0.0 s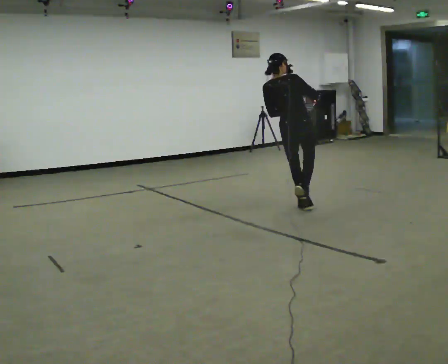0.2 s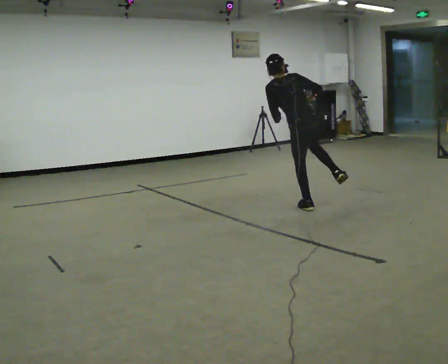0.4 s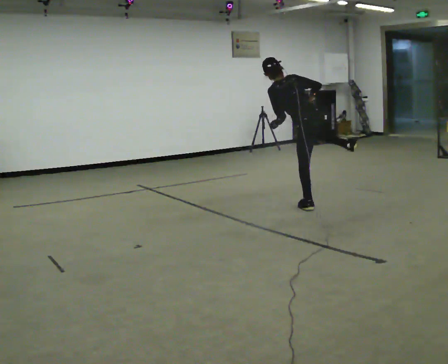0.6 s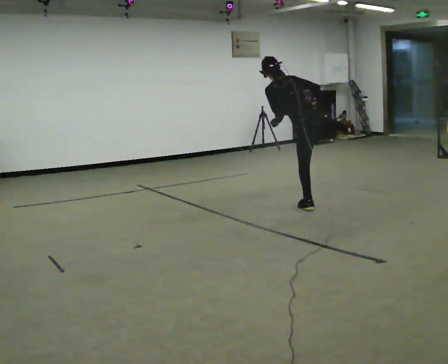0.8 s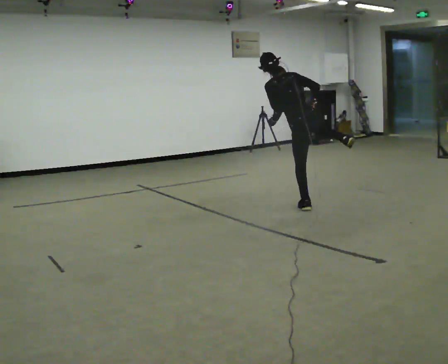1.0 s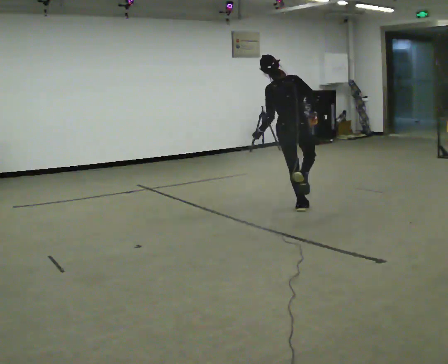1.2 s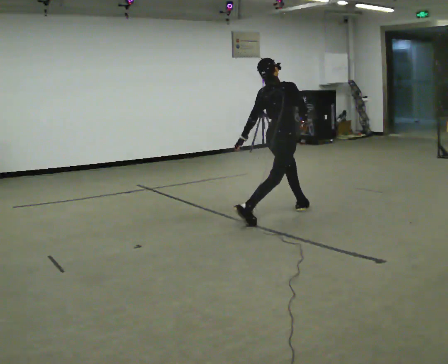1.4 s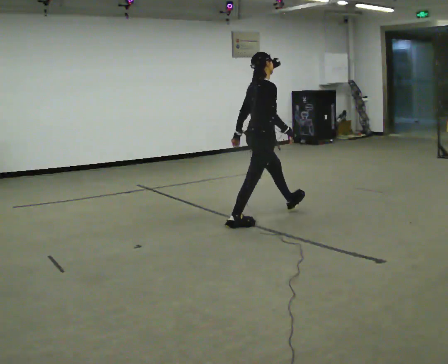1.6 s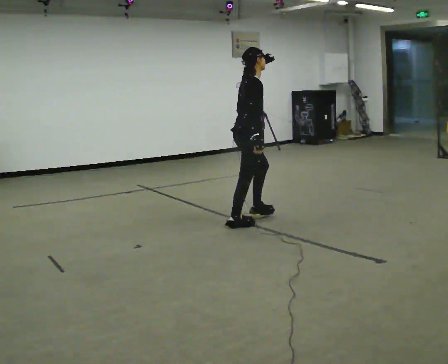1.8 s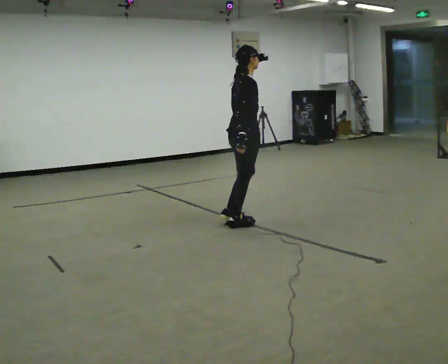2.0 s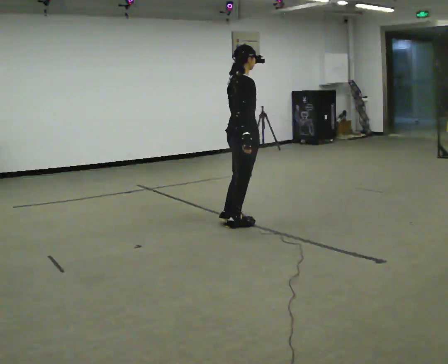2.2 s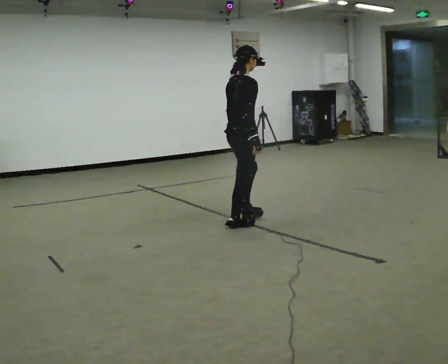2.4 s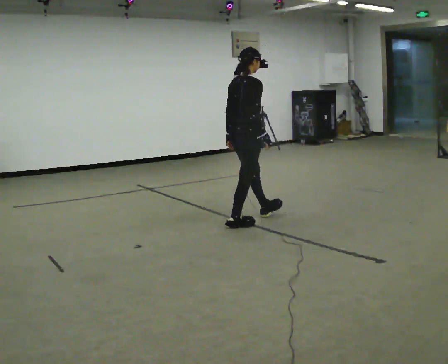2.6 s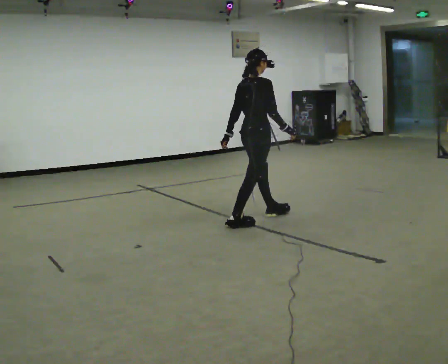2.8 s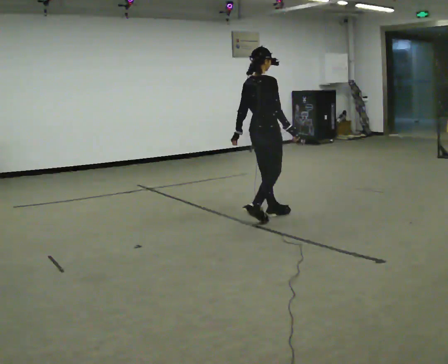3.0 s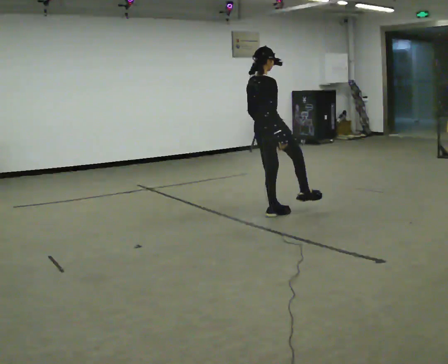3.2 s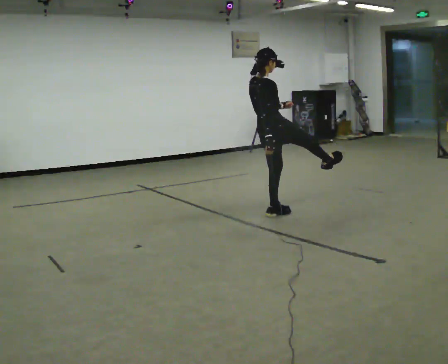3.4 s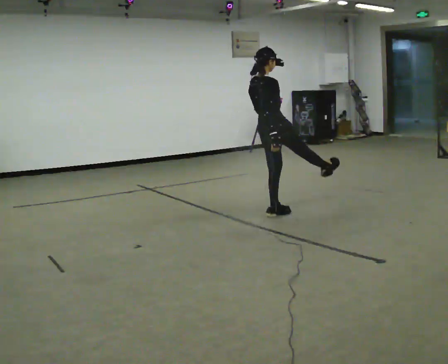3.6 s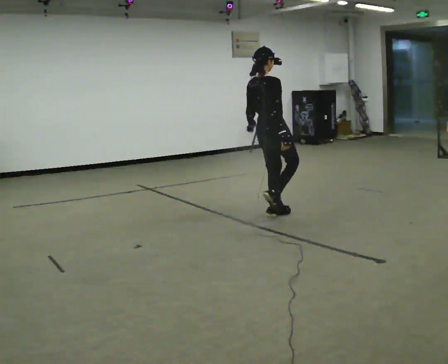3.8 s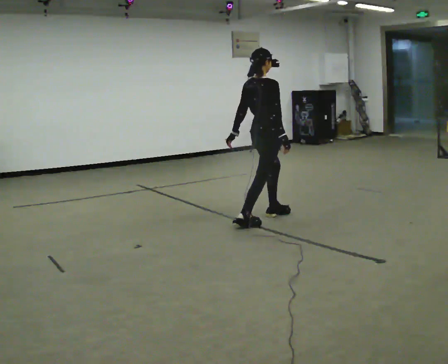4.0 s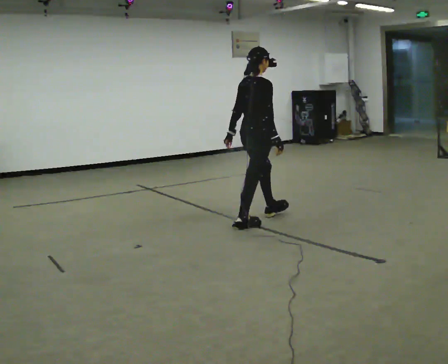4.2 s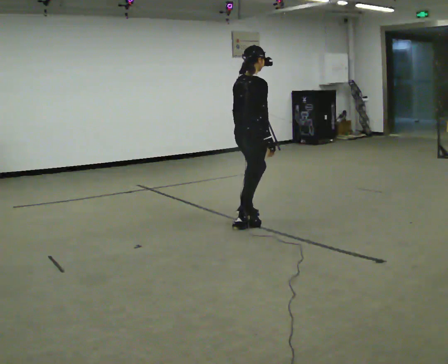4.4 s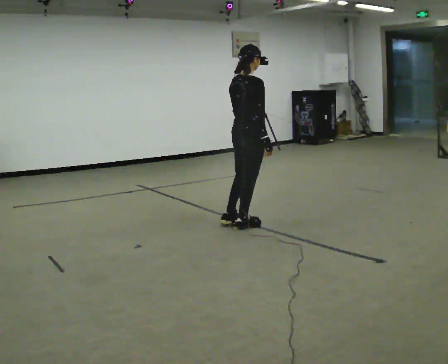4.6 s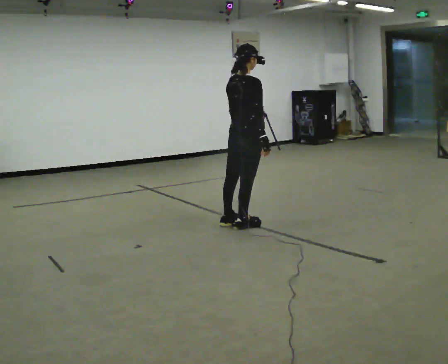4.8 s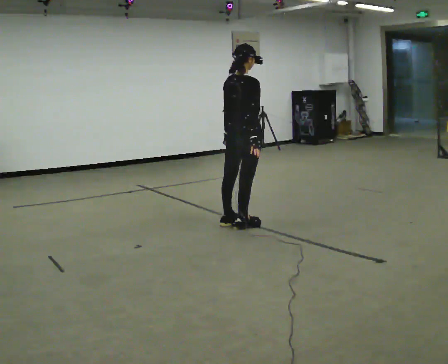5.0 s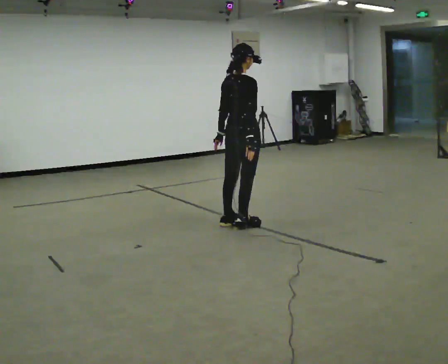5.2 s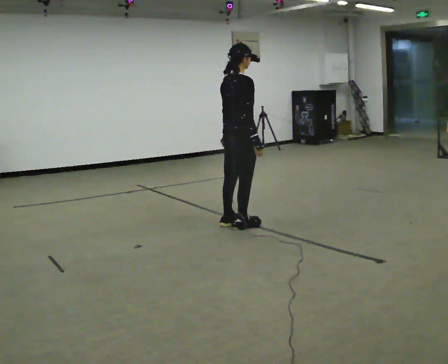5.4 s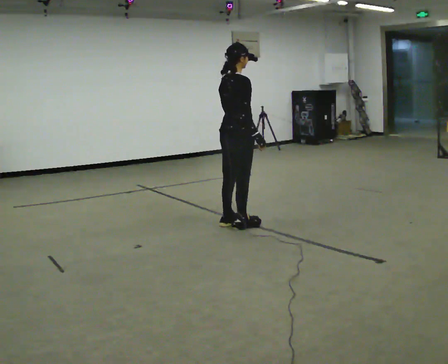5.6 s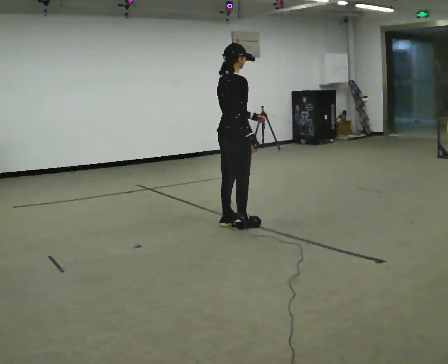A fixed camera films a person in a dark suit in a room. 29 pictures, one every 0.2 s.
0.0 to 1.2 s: The person turns about 30 degrees to their right, clockwise seen from above, so the part of the body nearest the lens slides to the left. In the picture their left hand goes to the left.
1.2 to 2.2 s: In the picture they go to the left and toward the camera, about 0.5 m in 2 steps, which for them is backward and to their right.
2.2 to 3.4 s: In the picture they go to the right and away from the camera, about 0.5 m, which for them is forward. In the picture the upper body tilts counterclockwise, shoulders to the left, as they lean back or straighten.
3.4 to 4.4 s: In the picture they go toward the camera and to the left, about 0.25 m in 1 step, which for them is backward and to their right. In the picture the upper body tilts clockwise, shoulders to the right, as they bend forward.
4.4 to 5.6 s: The person moves a little, or ends about where they began.
The film runs backward here.
